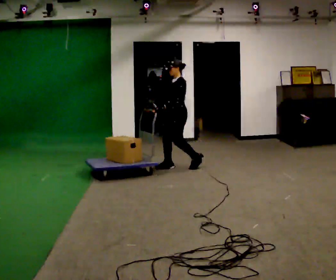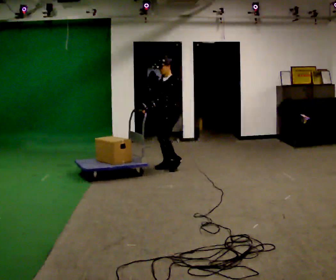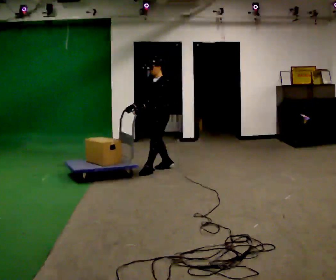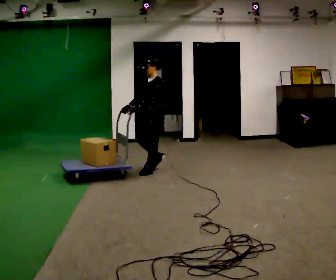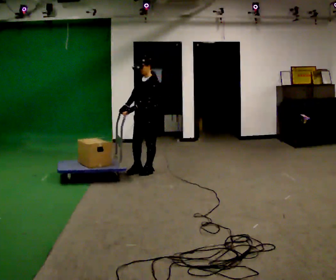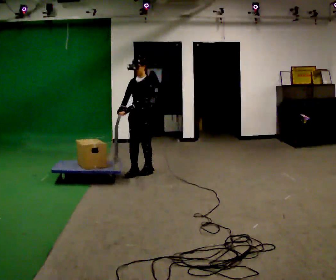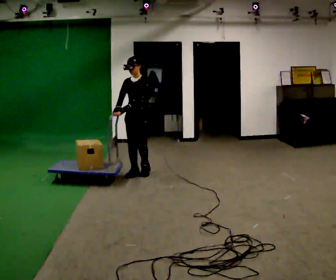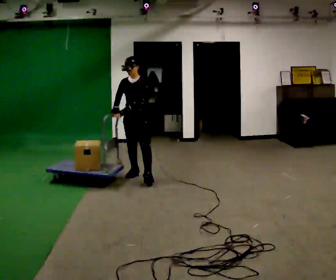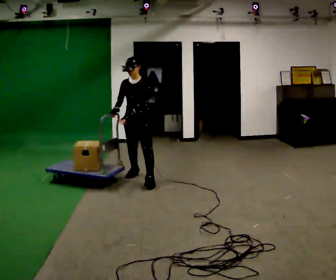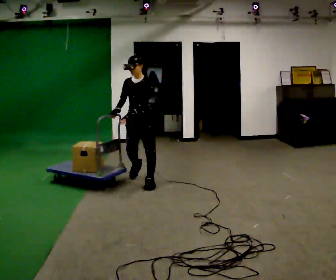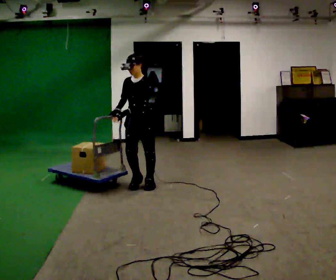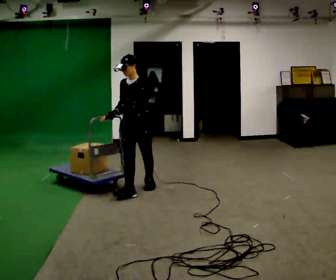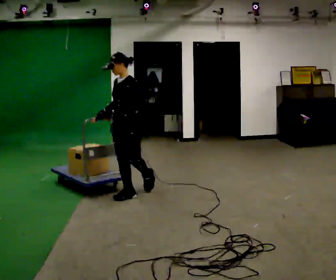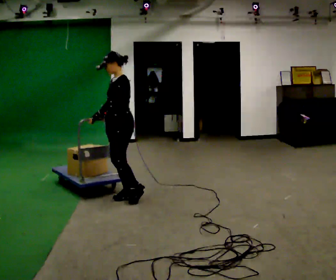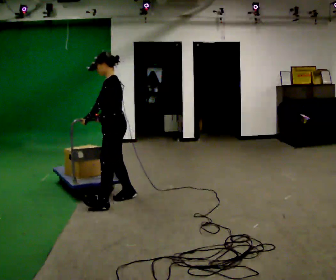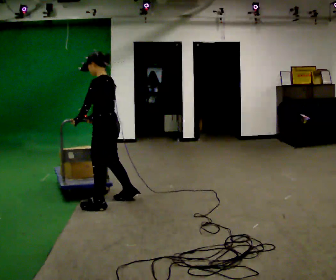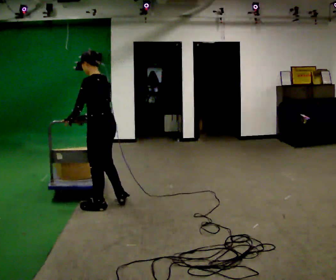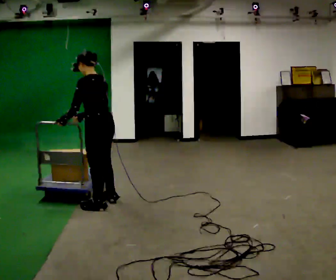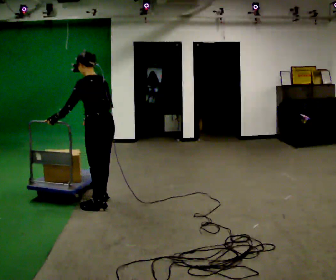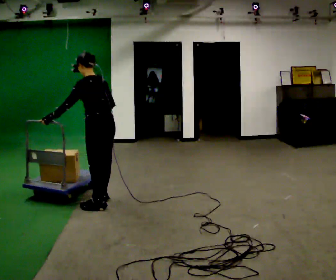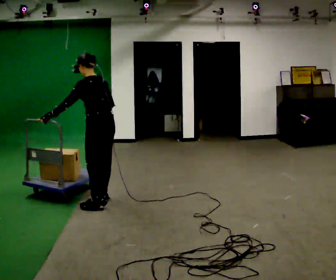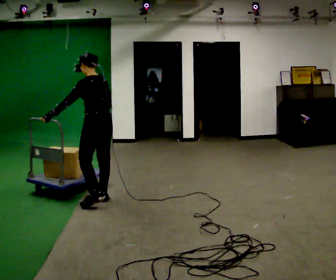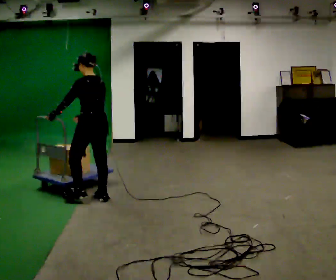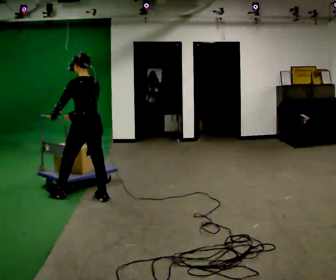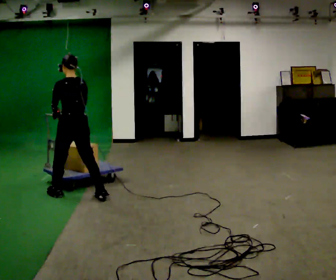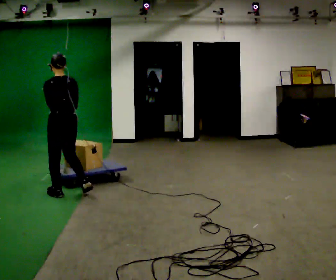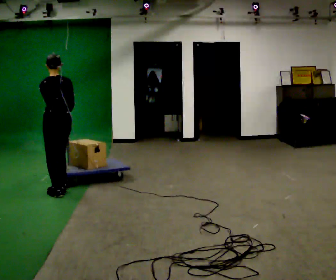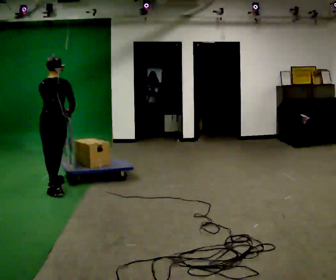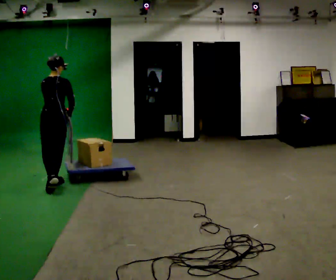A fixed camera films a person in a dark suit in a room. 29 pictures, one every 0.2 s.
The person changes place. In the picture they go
to the left.
0.0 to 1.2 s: The person turns about 45 degrees to their left, counterclockwise seen from above, so the part of the body nearest the lens slides to the right. In the picture they go to the left and toward the camera, about 0.75 m in 2 steps, which for them is forward.
1.2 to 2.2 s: In the picture they go toward the camera, about 0.75 m in 1 step, which for them is forward.
2.2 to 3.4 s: Seen from above the body turns clockwise, about 90 degrees: to their right, with its near side sliding to the left. In the picture they go toward the camera and to the left, about 0.75 m in 2 steps.
3.4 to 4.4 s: In the picture they go away from the camera, about 0.25 m in 1 step, which for them is forward and to their right.
4.4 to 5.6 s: Seen from above the body turns clockwise, about 45 degrees: to their right, with its near side sliding to the left. In the picture they go to the left and away from the camera, about 0.75 m in 2 steps, which for them is forward.
The film runs forward here.
